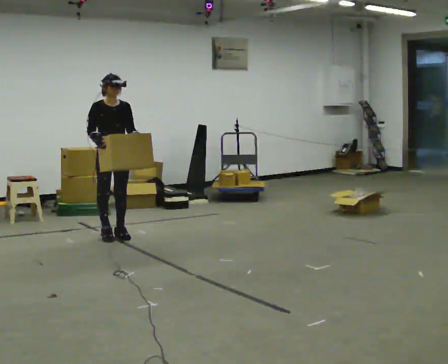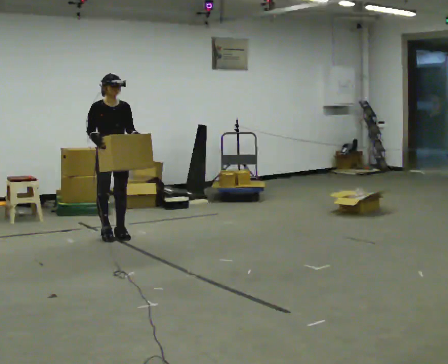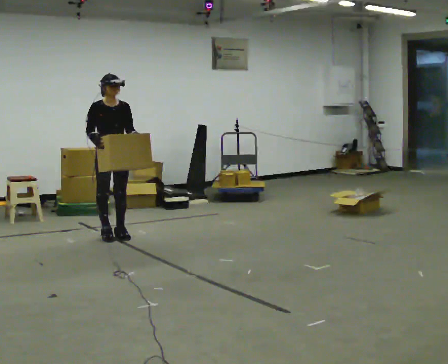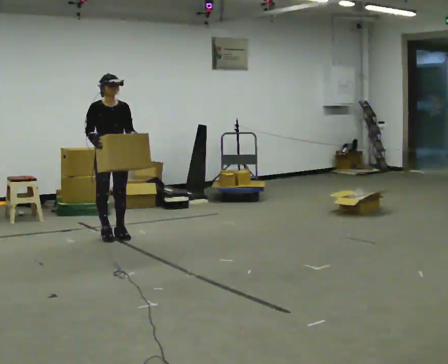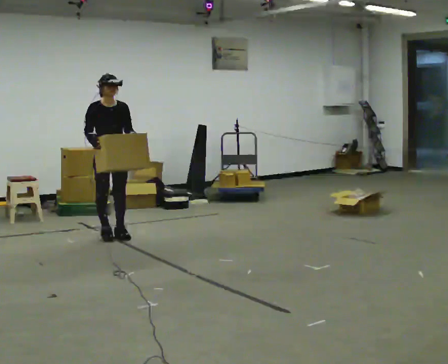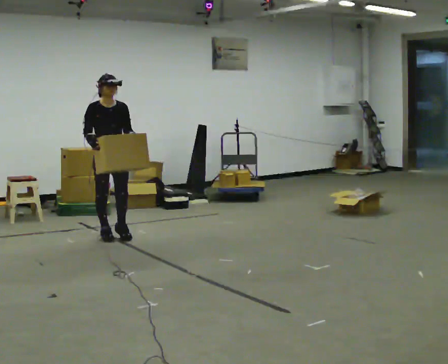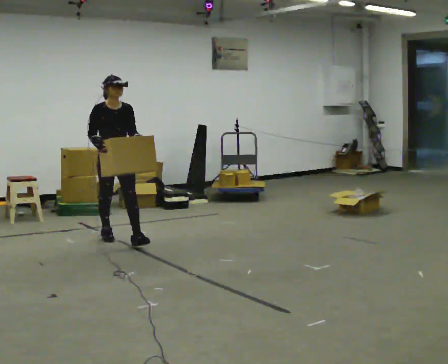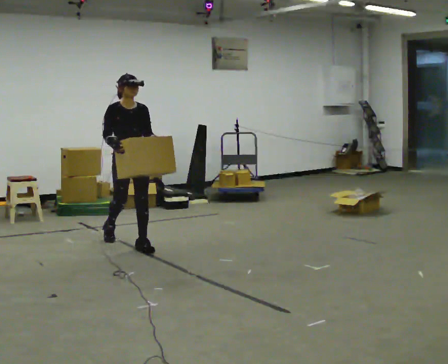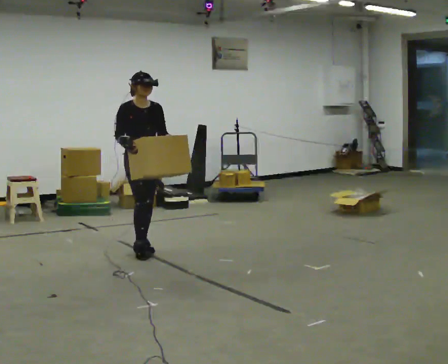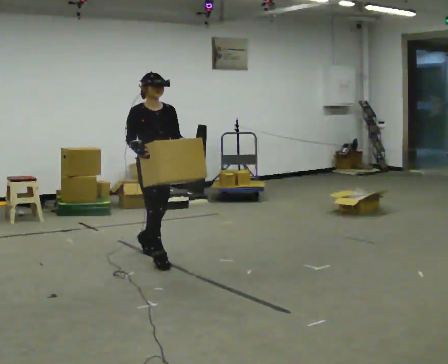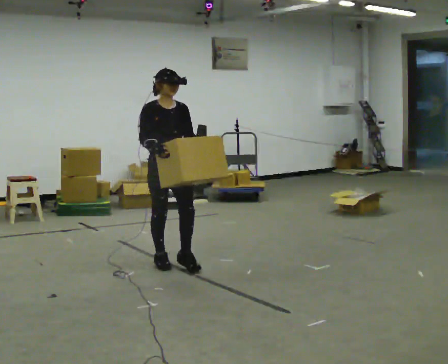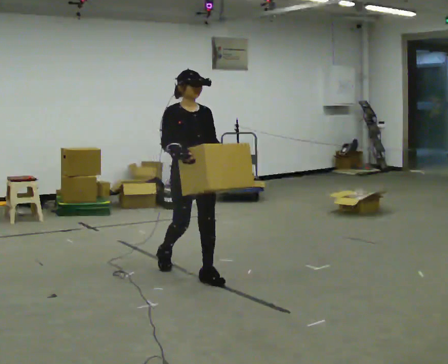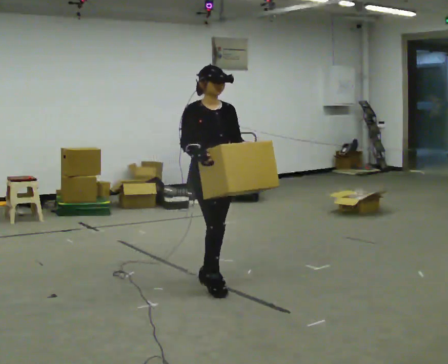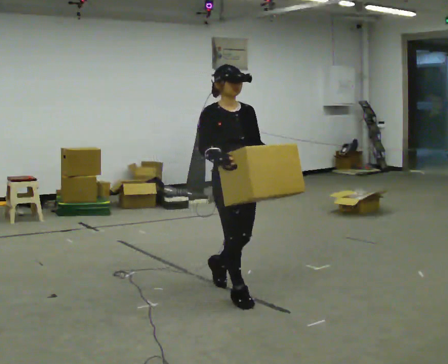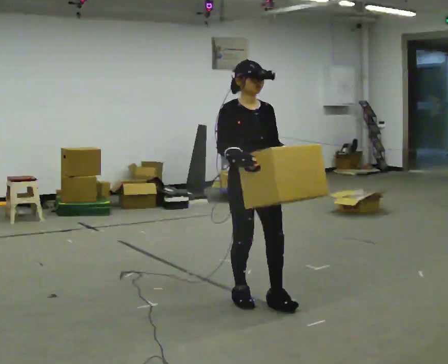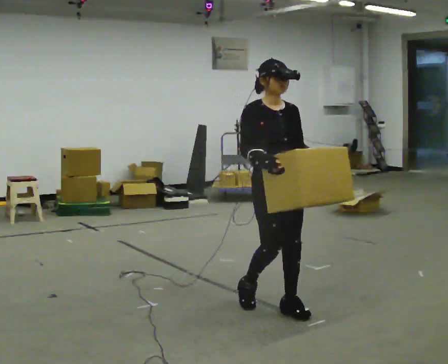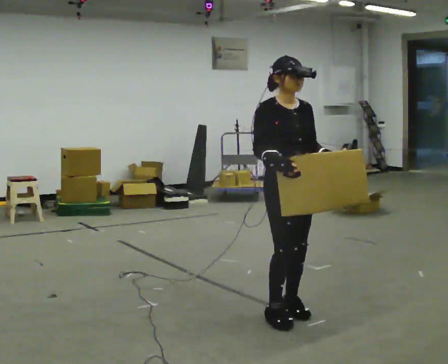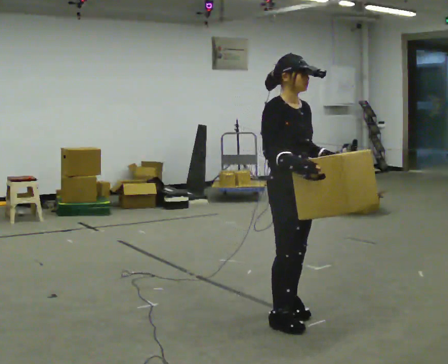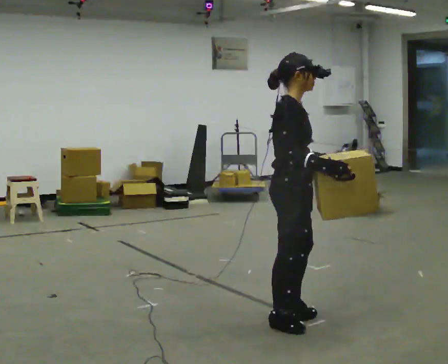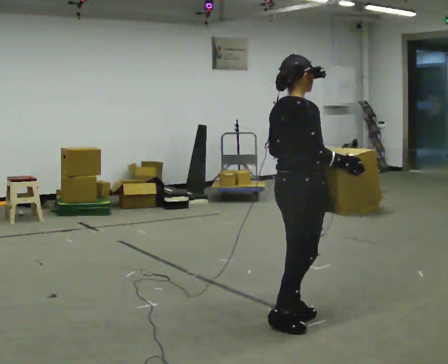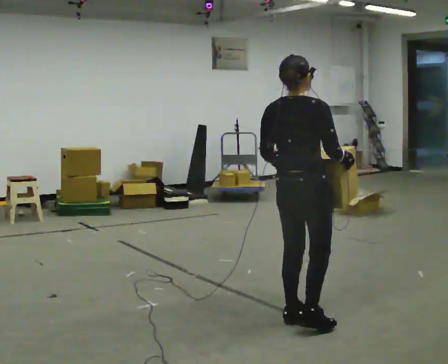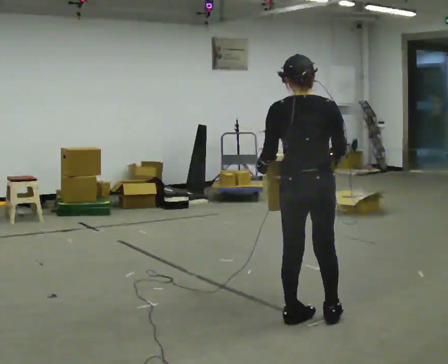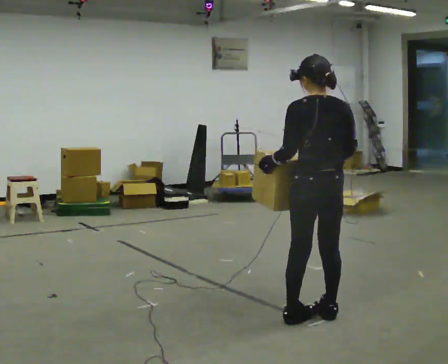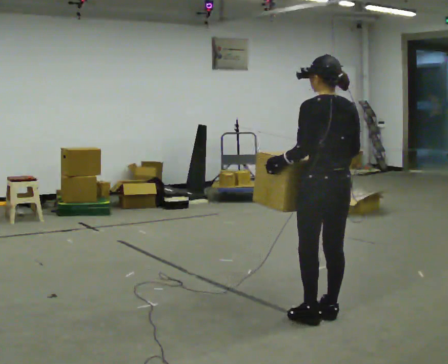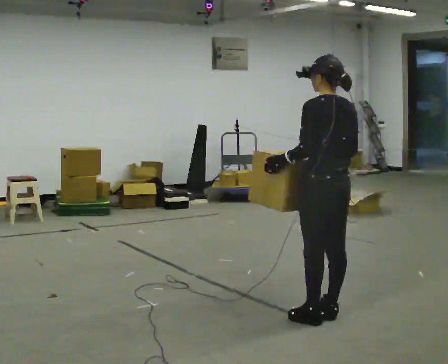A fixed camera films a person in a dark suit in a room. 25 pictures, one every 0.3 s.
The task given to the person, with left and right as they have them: Carry the box across the room, stopping and starting again each time the operator says stop and go. Do not set the box down.
0.0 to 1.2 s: The person moves a little, or ends about where they began.
1.2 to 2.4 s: In the picture they go toward the camera and to the right, about 0.5 m in 1 step, which for them is forward.
2.4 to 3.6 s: In the picture they go toward the camera and to the right, about 1 m in 2 steps, which for them is forward.
3.6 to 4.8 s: In the picture they go toward the camera and to the right, about 1 m in 2 steps, which for them is forward.
4.8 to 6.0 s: Seen from above the body turns counterclockwise, about 120 degrees: to their left, with its near side sliding to the right. In the picture they go toward the camera, about 0.25 m in 2 steps. In the picture their right hand goes to the right.
6.0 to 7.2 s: Seen from above the body turns counterclockwise, about 75 degrees: to their left, with its near side sliding to the right. In the picture they go to the right, about 0.25 m in 1 step.
The film runs forward here.
